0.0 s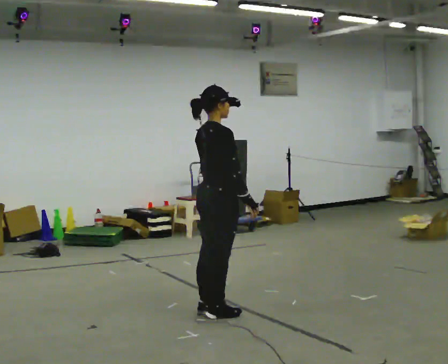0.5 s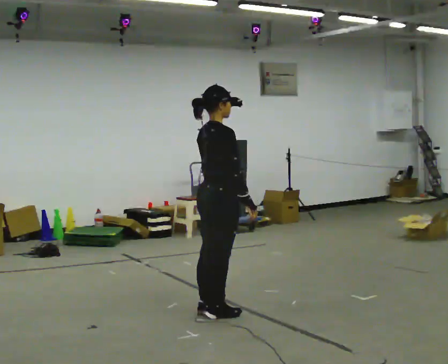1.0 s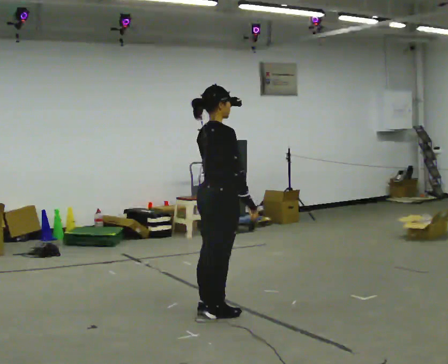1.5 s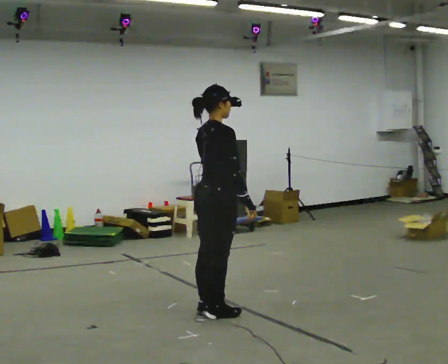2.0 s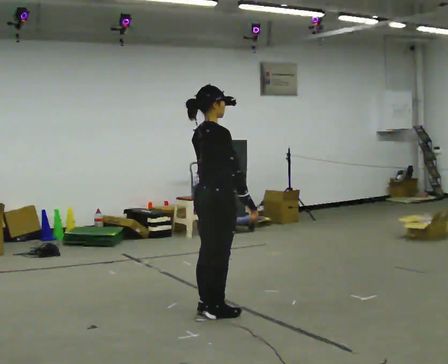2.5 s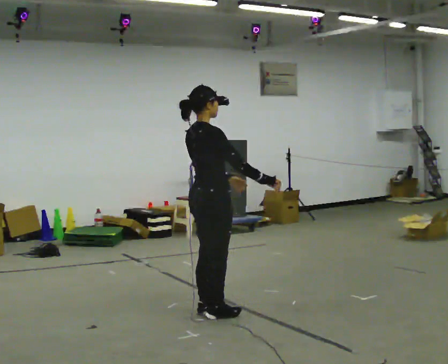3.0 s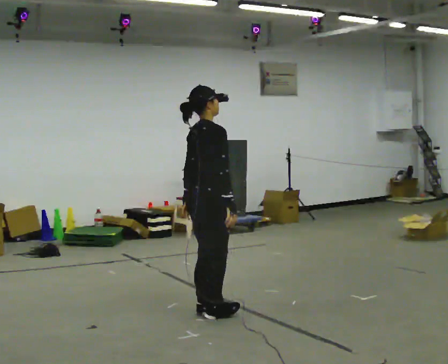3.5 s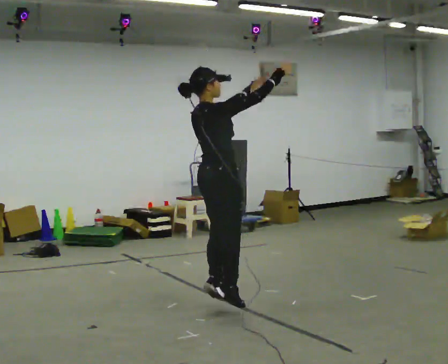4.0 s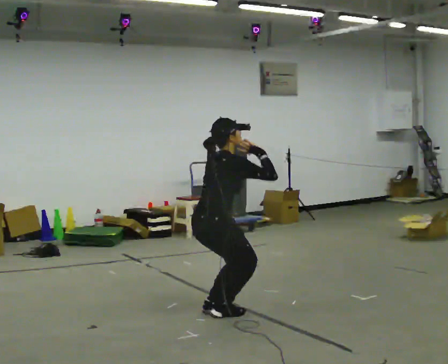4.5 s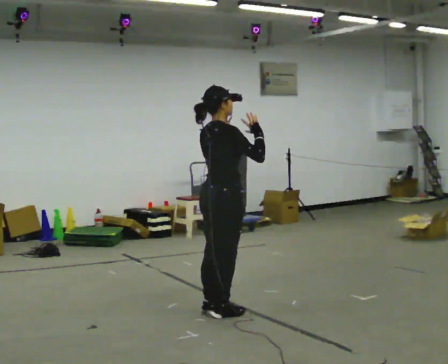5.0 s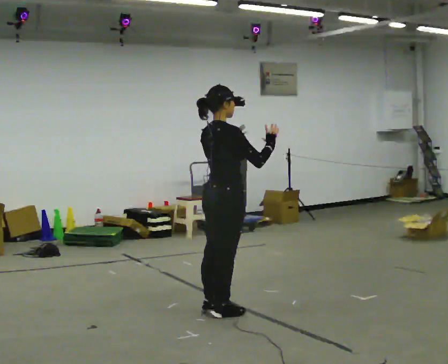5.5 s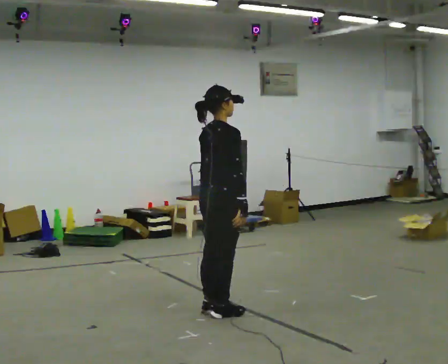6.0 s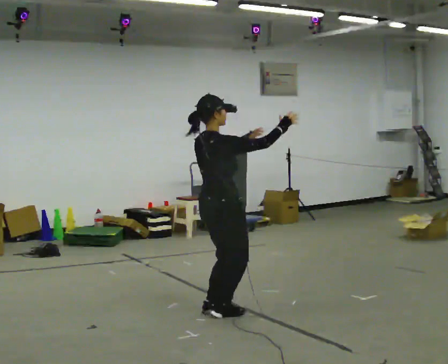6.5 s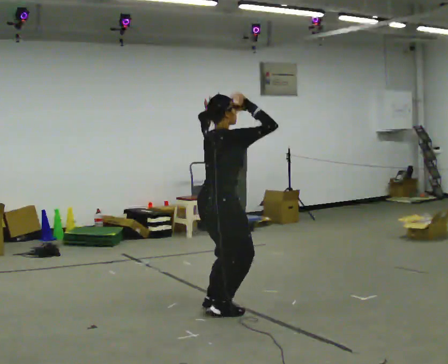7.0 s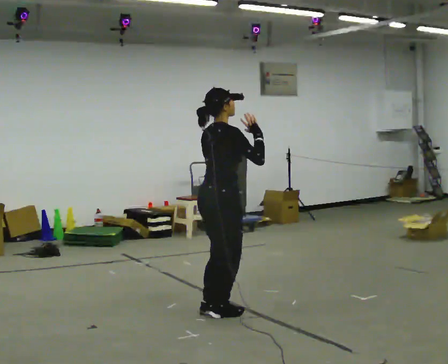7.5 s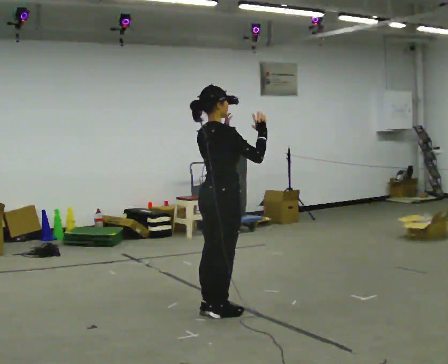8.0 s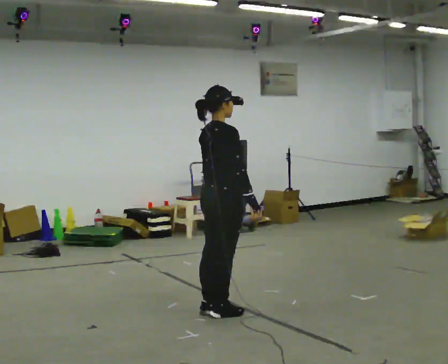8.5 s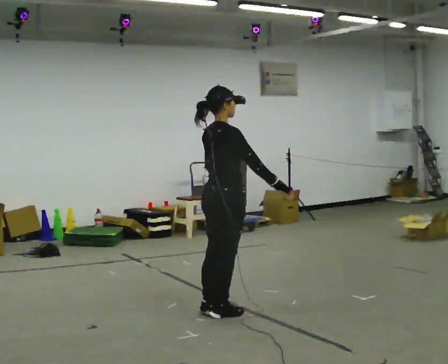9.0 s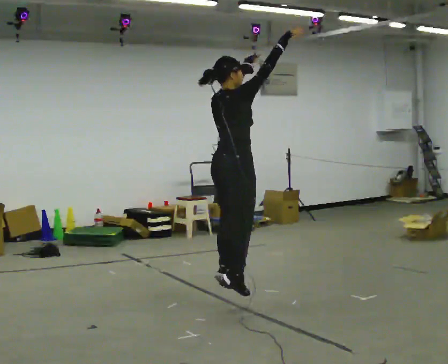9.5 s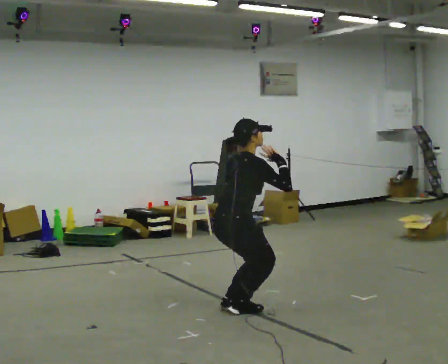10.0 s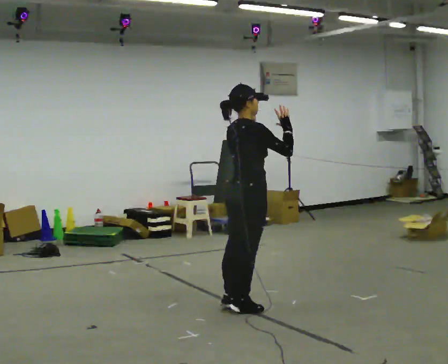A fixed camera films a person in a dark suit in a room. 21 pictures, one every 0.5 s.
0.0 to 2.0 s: The person moves a little, or ends about where they began.
2.0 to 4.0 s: In the picture their left hand goes upward.
4.0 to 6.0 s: The person moves a little, or ends about where they began.
6.0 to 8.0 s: In the picture their right hand goes downward.
8.0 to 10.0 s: In the picture they go to the right, about 0.25 m in 1 step, which for them is forward. In the picture their left hand goes upward.
The film runs backward here.
